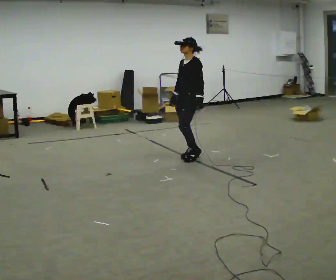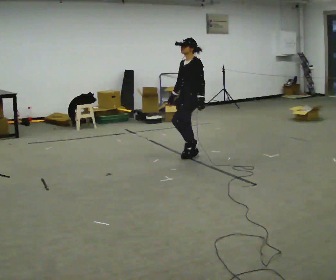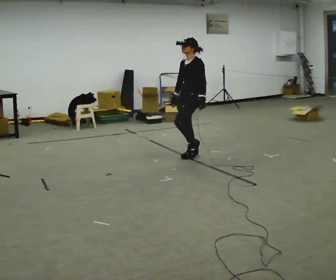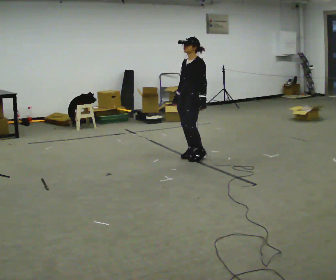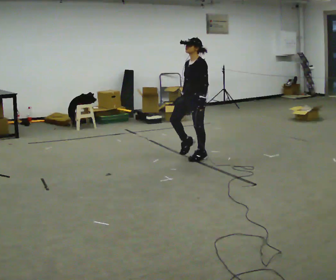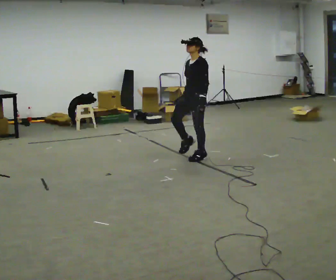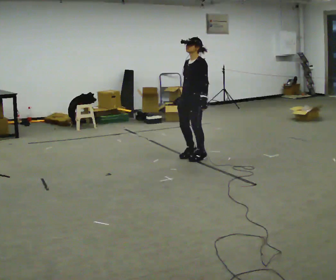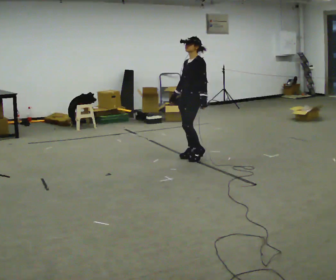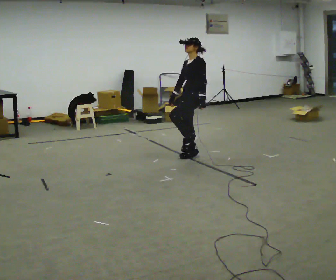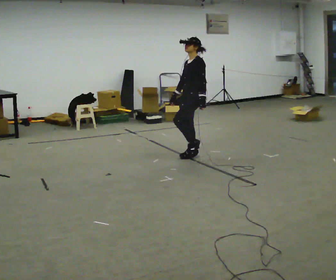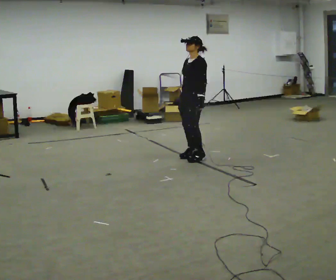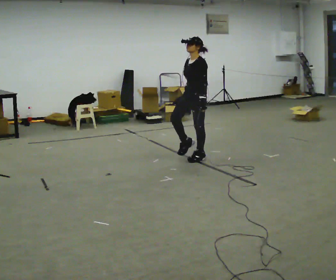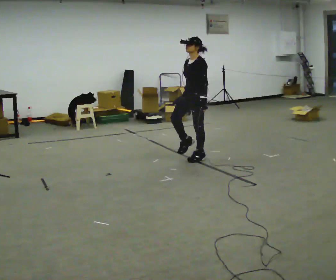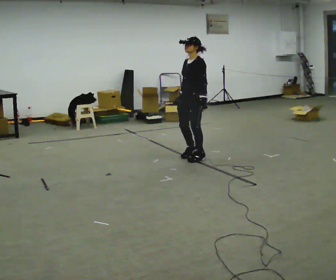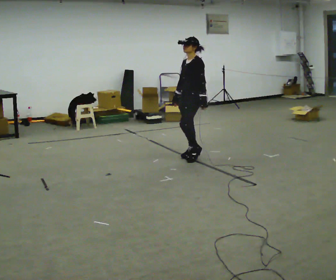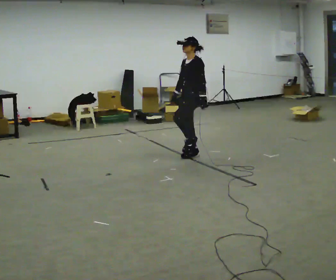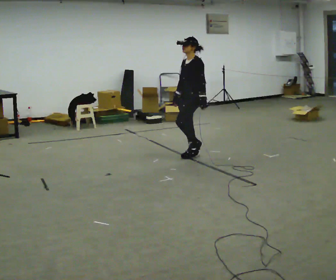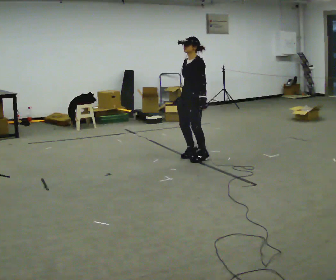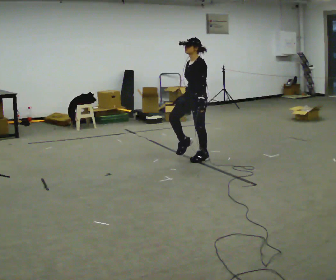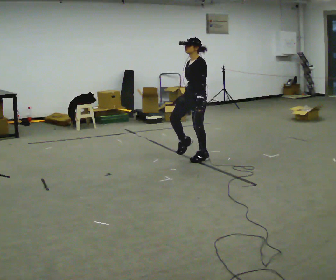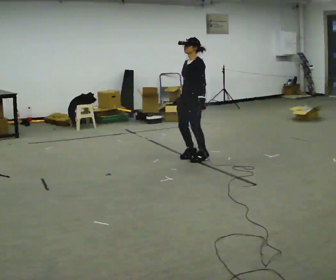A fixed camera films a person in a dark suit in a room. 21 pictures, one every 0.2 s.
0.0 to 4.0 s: The person moves a little, or ends about where they began.
The film runs forward here.
